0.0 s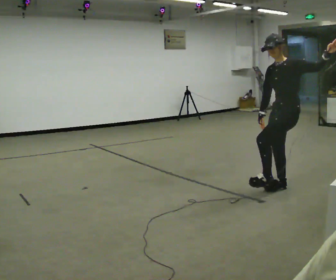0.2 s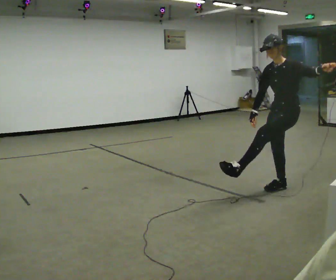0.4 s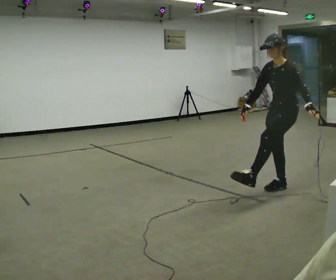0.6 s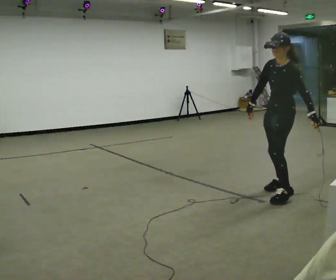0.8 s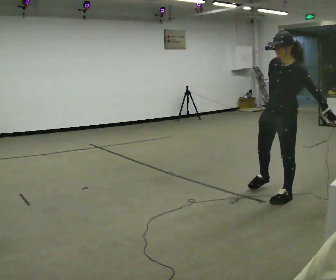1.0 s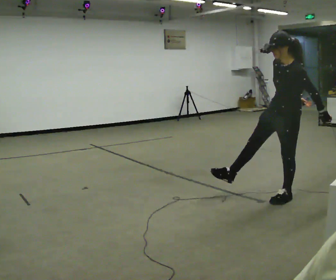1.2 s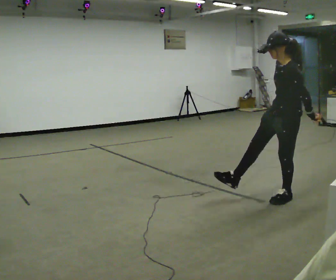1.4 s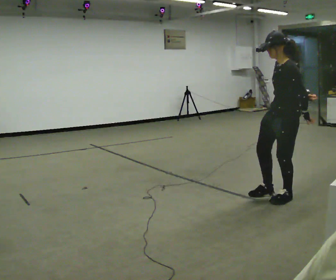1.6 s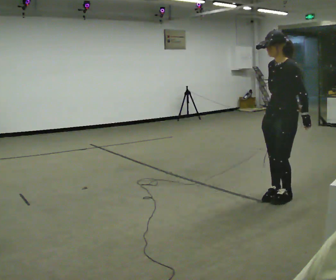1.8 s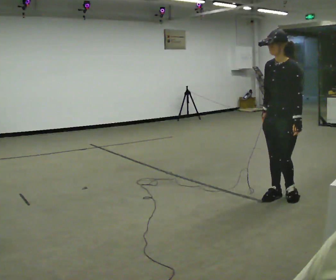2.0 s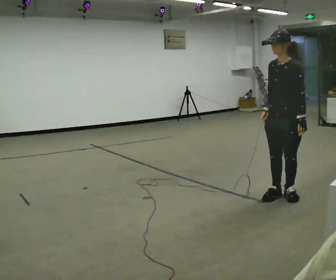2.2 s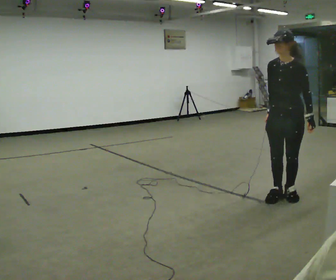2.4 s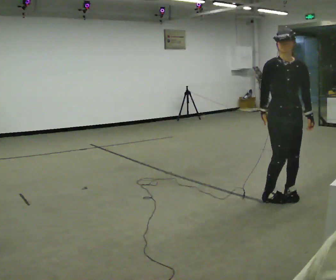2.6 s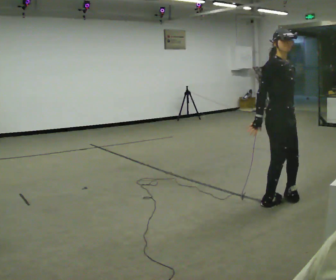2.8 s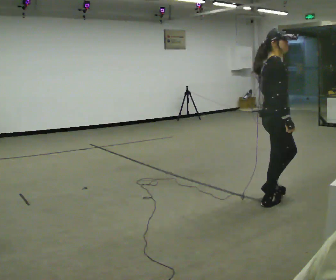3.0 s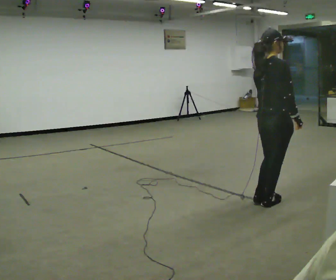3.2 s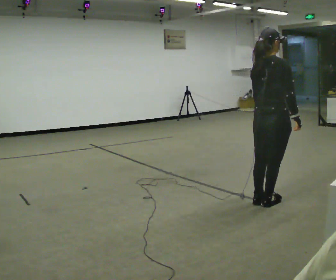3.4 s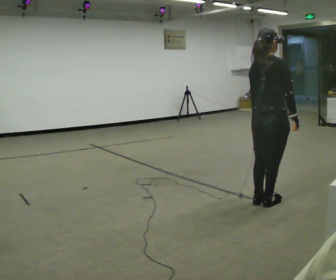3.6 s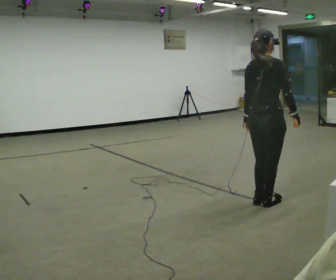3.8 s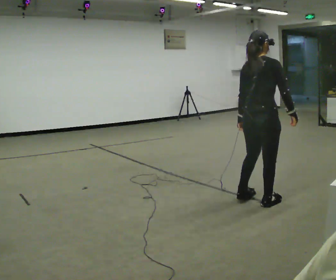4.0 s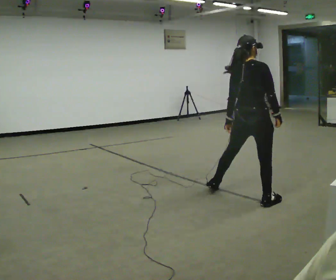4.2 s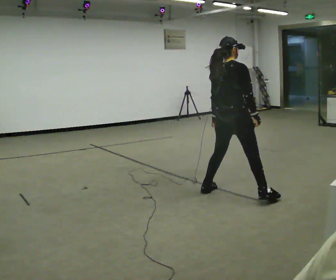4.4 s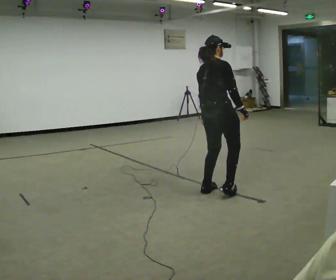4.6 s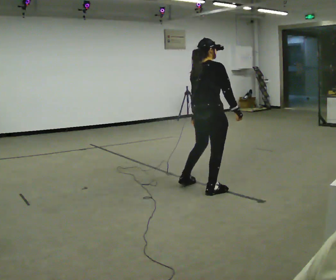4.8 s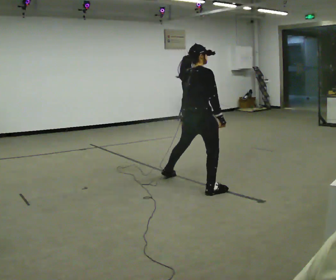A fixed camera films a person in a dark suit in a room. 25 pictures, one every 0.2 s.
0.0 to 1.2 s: In the picture they go toward the camera, about 0.25 m in 1 step, which for them is to their left and forward. The upper body tips toward the camera, its near side rolling downward. In the picture their left hand goes downward, the arm swinging clockwise.
1.2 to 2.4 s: The part of the body nearest the lens slides to the right as the person turns to their left by about 75 degrees. In the picture their right hand goes to the left.
2.4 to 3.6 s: The person turns about 135 degrees to their left, counterclockwise seen from above, so the part of the body nearest the lens slides to the right. In the picture they go to the left, about 0.25 m in 1 step.
3.6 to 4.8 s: In the picture they go to the left and away from the camera, about 1 m in 3 steps, which for them is to their left.
The film runs backward here.
